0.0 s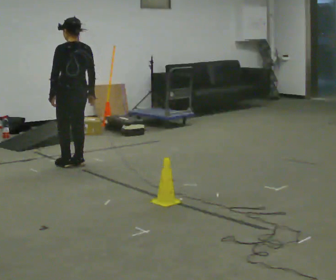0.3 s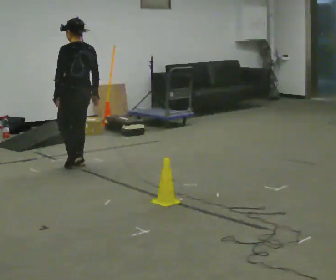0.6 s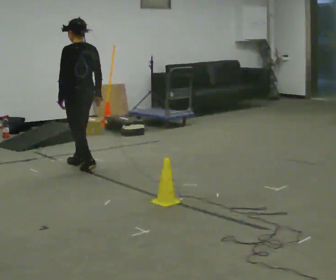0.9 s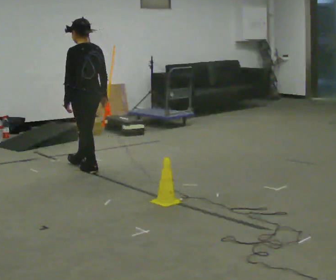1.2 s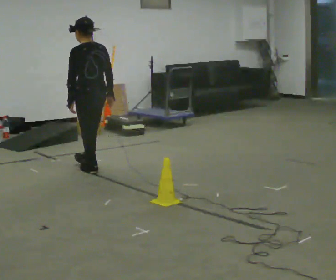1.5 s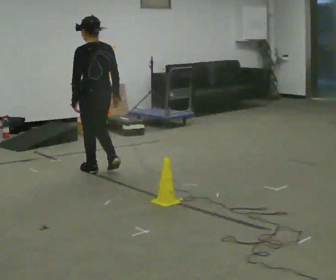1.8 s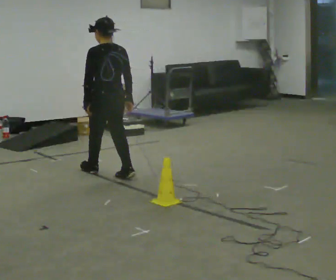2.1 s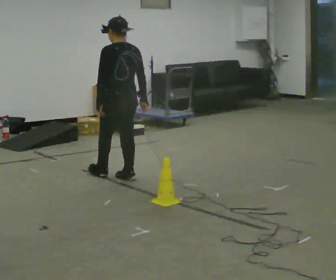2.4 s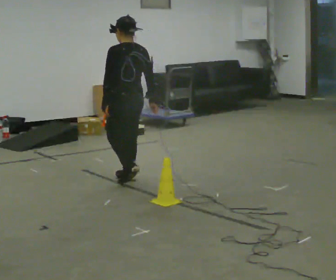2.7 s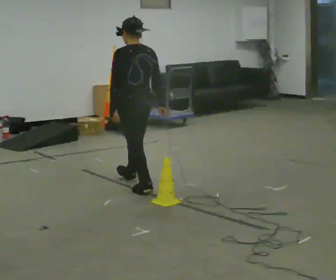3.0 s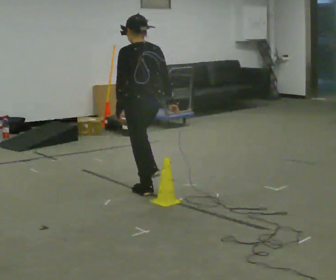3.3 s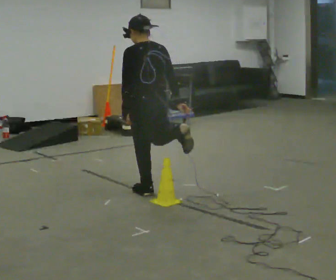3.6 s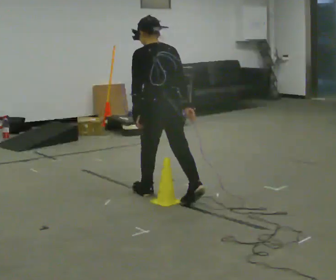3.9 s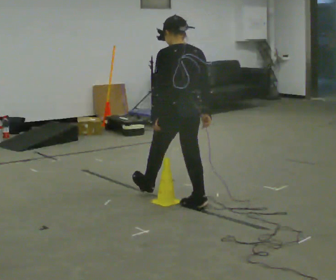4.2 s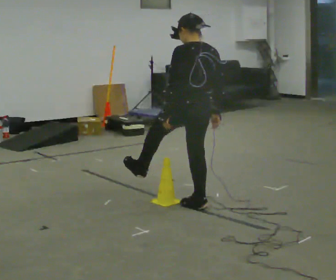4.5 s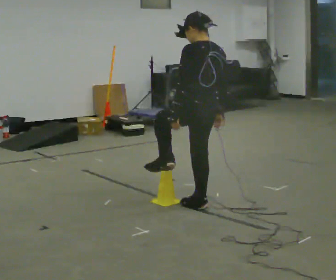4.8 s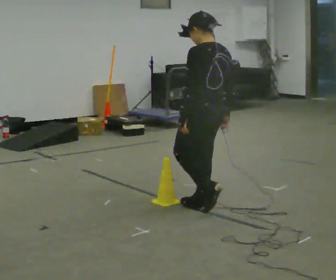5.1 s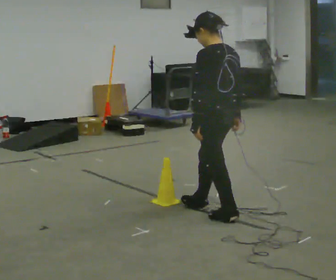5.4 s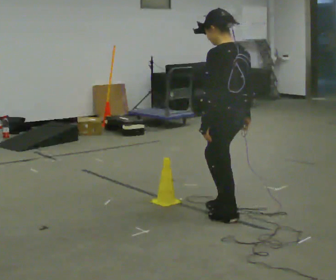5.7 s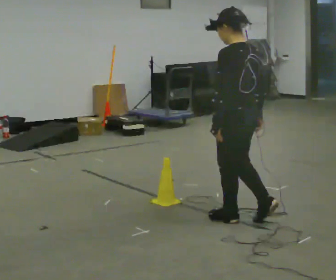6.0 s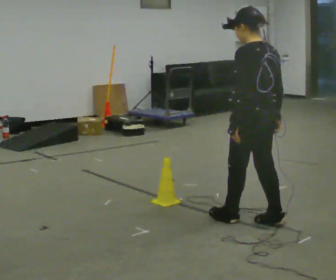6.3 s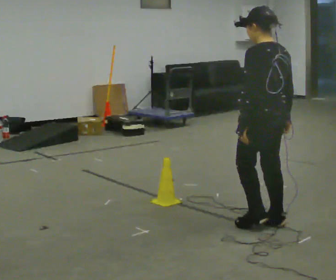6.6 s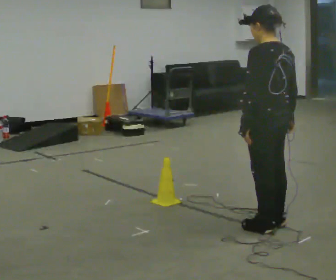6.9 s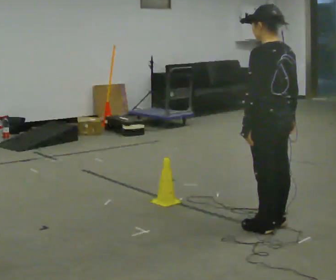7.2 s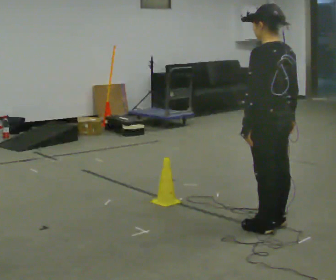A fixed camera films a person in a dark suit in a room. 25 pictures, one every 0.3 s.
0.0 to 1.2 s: In the picture they go toward the camera and to the right, about 0.25 m in 2 steps, which for them is backward.
1.2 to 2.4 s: In the picture they go to the right and toward the camera, about 0.5 m in 1 step, which for them is backward.
2.4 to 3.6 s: In the picture they go toward the camera and to the right, about 0.5 m in 1 step, which for them is backward.
3.6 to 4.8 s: In the picture they go to the right and toward the camera, about 0.5 m in 1 step, which for them is backward.
4.8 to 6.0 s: In the picture they go to the right and toward the camera, about 0.5 m in 1 step, which for them is backward.
6.0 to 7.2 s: The person moves a little, or ends about where they began.
The film runs backward here.
